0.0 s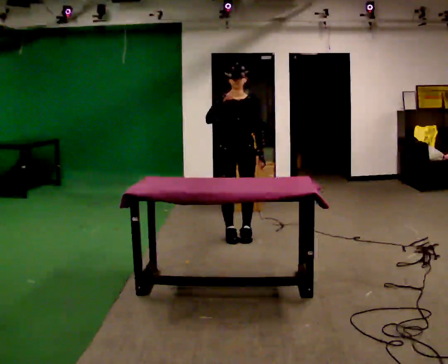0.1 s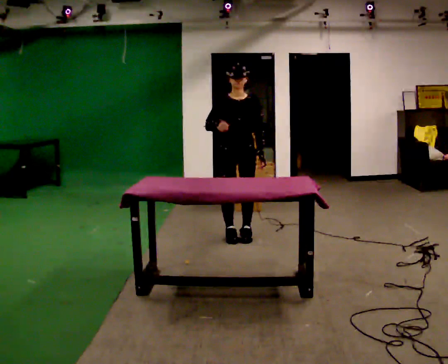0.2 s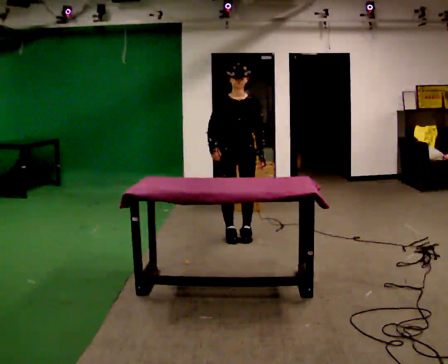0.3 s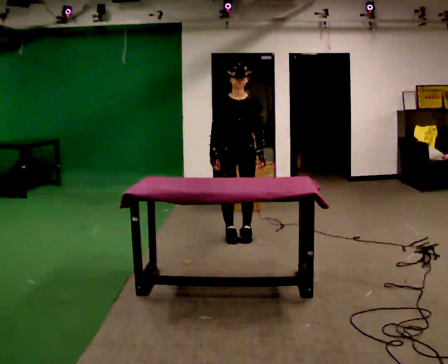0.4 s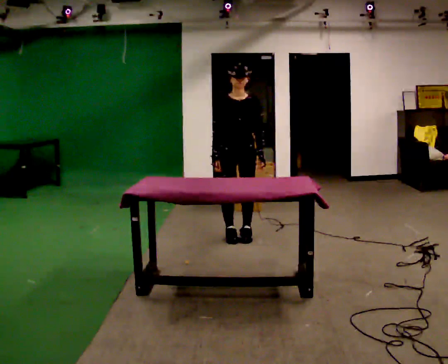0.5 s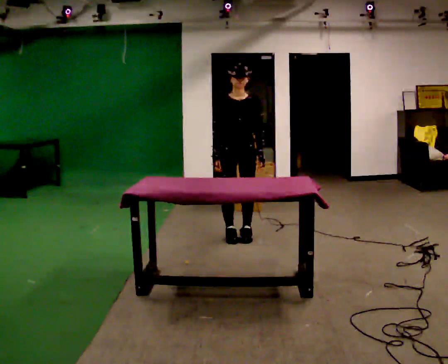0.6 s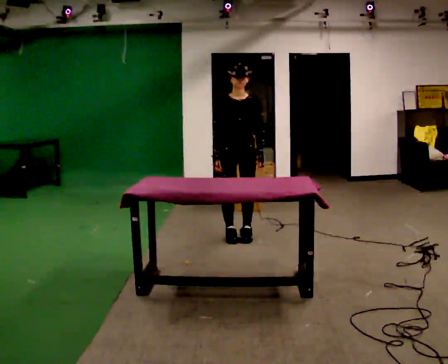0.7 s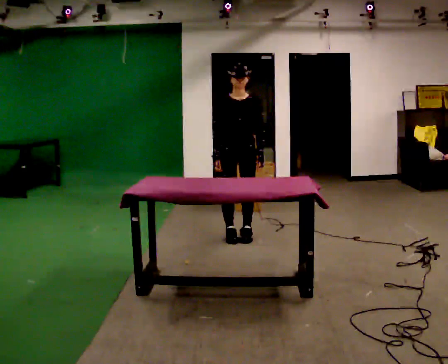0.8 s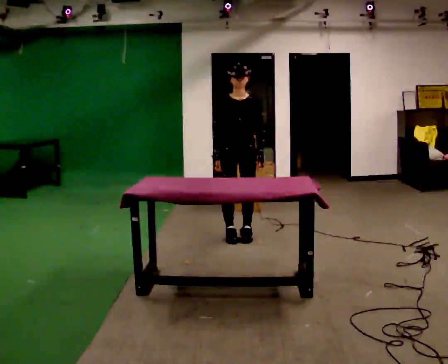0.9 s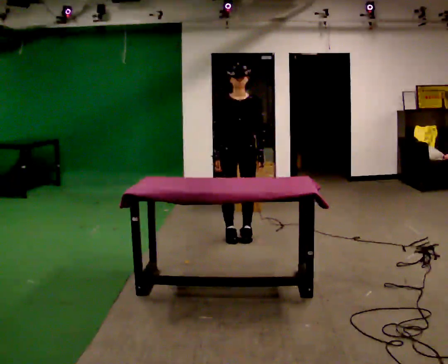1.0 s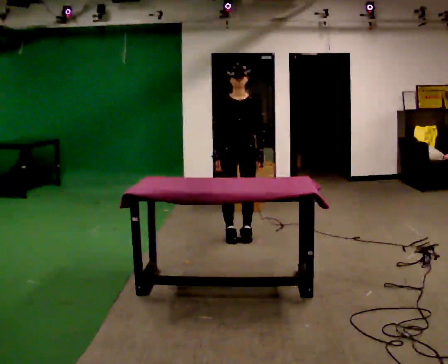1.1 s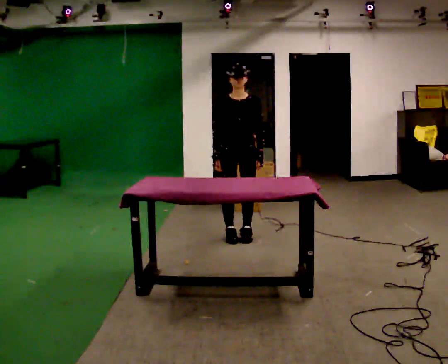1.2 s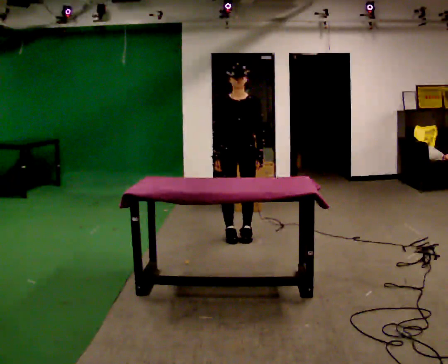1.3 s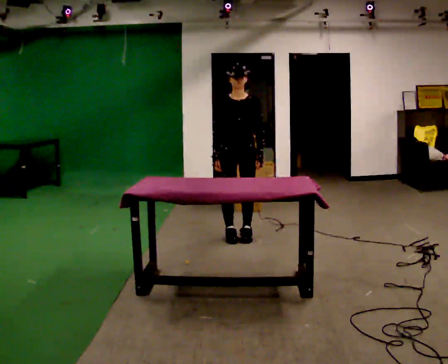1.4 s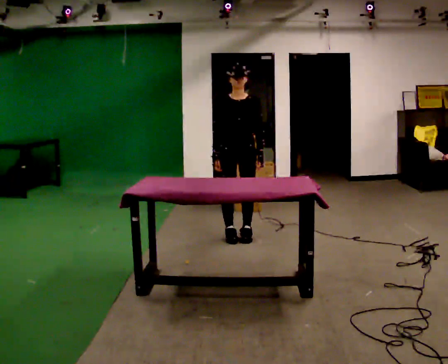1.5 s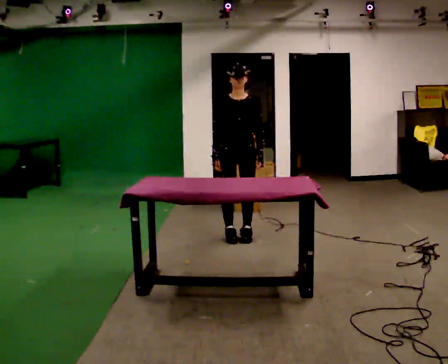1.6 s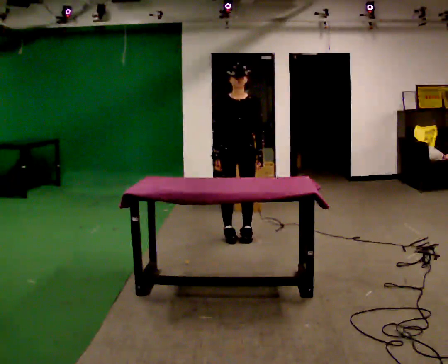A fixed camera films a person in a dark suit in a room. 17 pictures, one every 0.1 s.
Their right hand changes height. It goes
downward.
0.0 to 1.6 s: In the picture their right hand goes downward.
The film runs backward here.
